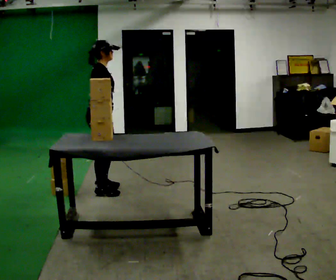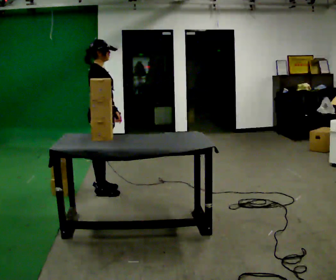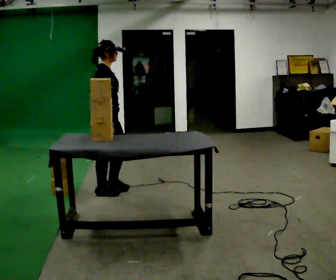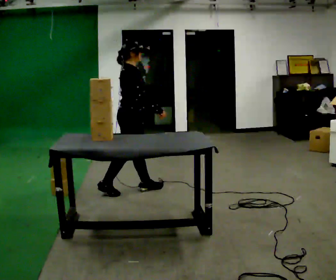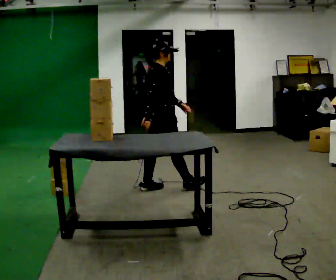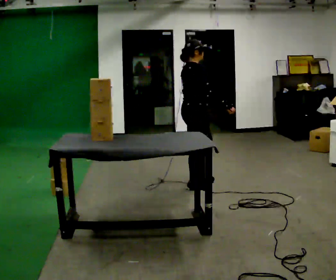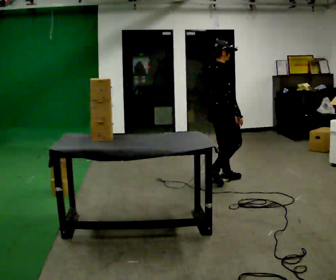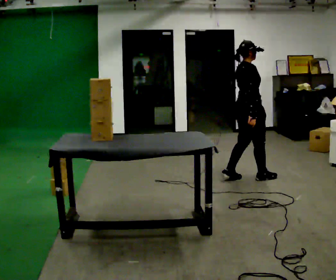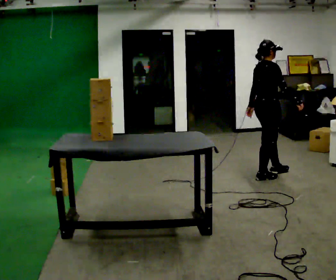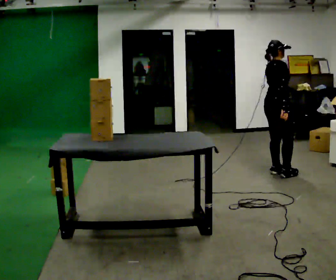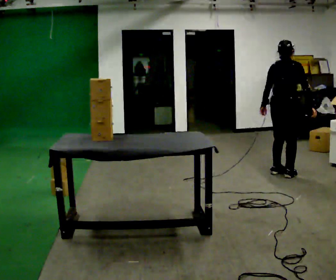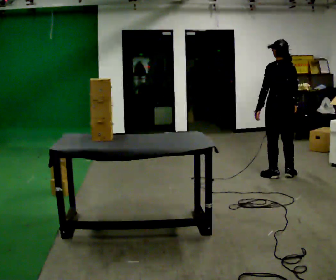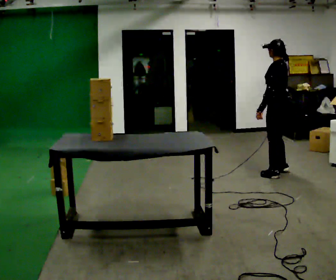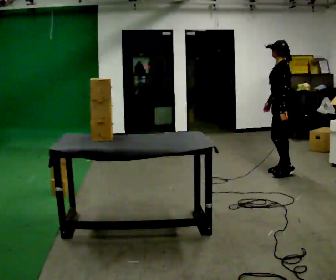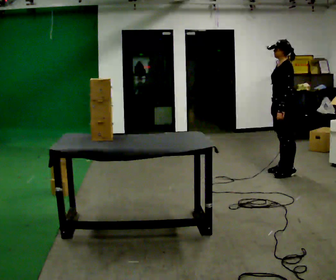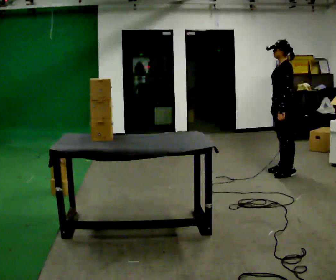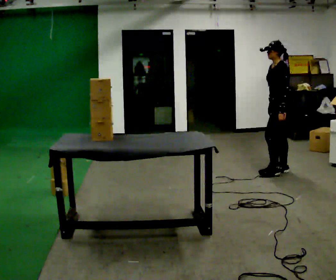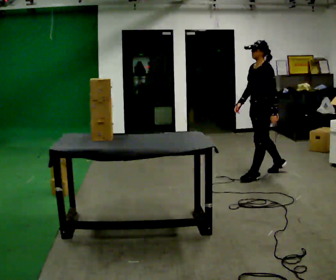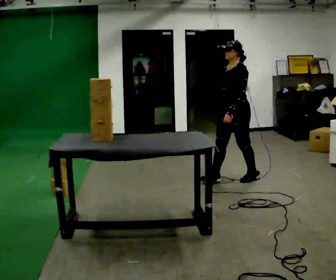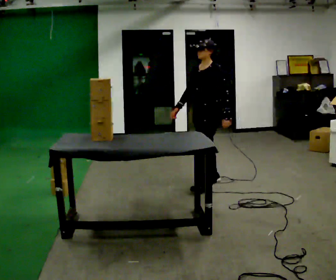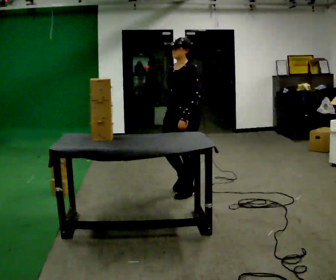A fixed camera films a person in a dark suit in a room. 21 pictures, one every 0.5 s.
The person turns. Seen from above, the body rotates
counterclockwise.
The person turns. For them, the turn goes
to their left.
0.0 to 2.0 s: In the picture they go to the right and away from the camera, about 0.75 m in 1 step, which for them is forward.
2.0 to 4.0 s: In the picture they go to the right and away from the camera, about 1 m in 4 steps, which for them is forward.
4.0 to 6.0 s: The person turns about 150 degrees to their left, counterclockwise seen from above, so the part of the body nearest the lens slides to the right.
6.0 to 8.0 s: The person moves a little, or ends about where they began.
8.0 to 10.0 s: Seen from above the body turns counterclockwise, about 30 degrees: to their left, with its near side sliding to the right. In the picture they go toward the camera and to the left, about 1.5 m in 3 steps, which for them is forward.
The film runs forward here.
